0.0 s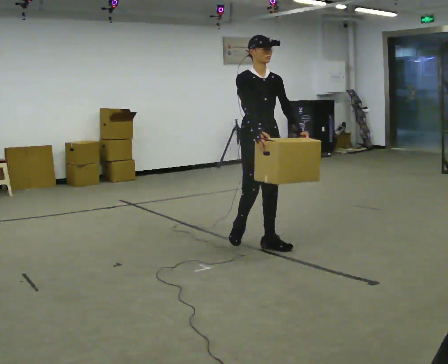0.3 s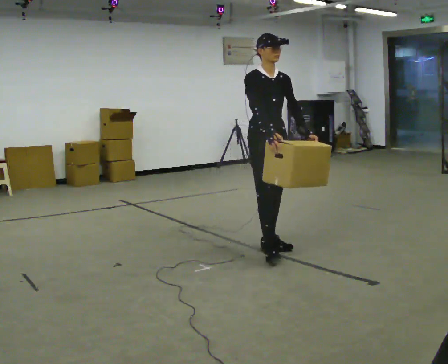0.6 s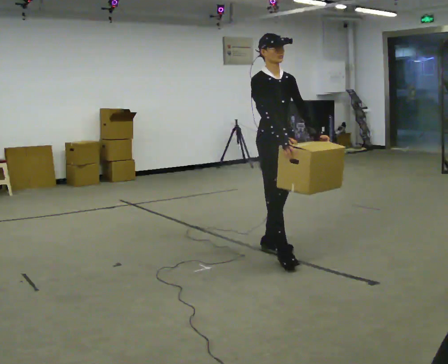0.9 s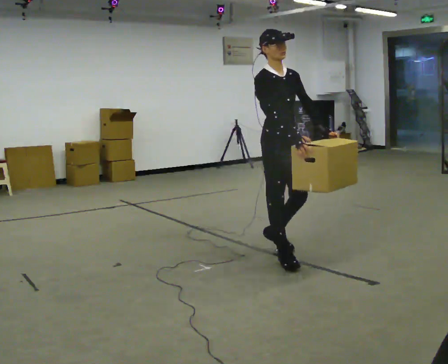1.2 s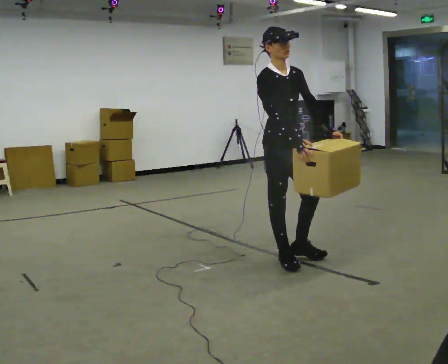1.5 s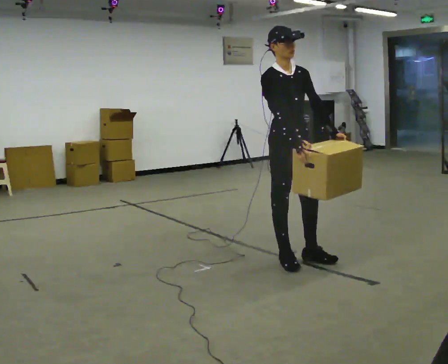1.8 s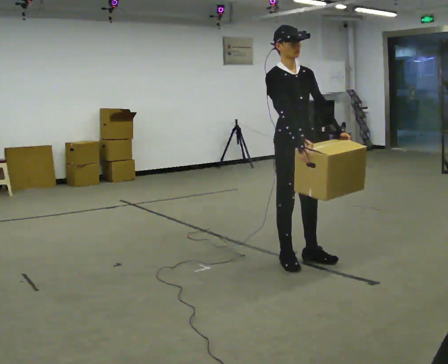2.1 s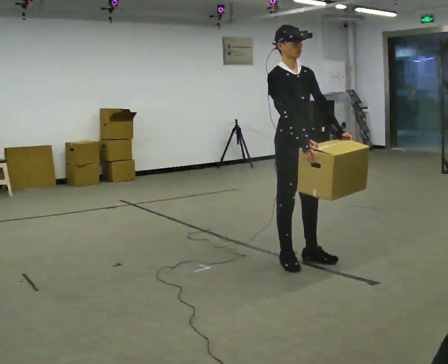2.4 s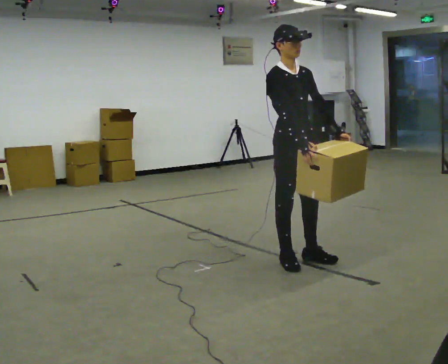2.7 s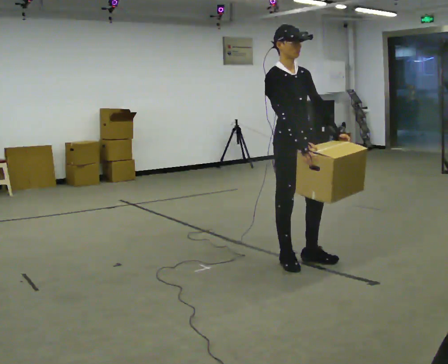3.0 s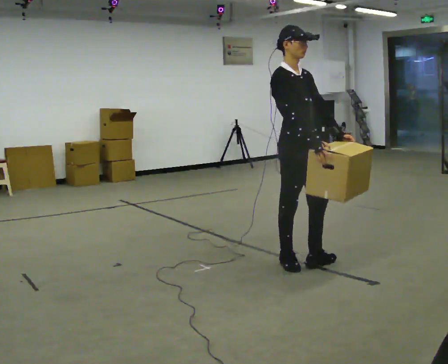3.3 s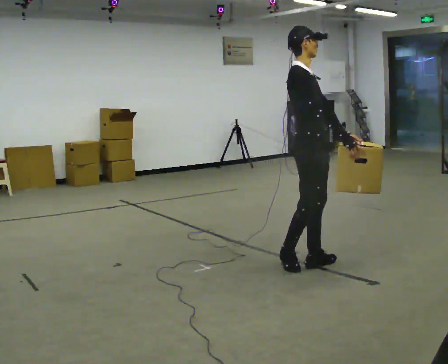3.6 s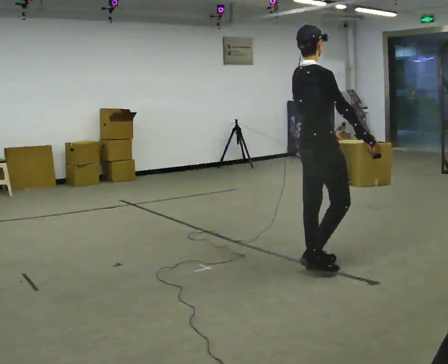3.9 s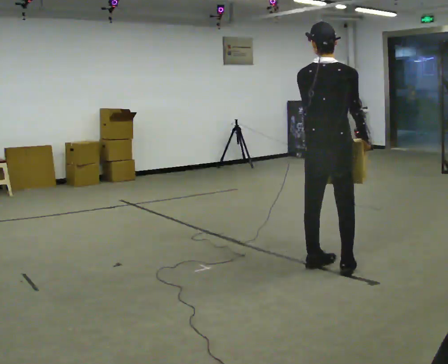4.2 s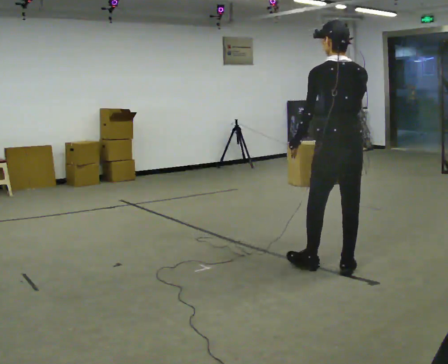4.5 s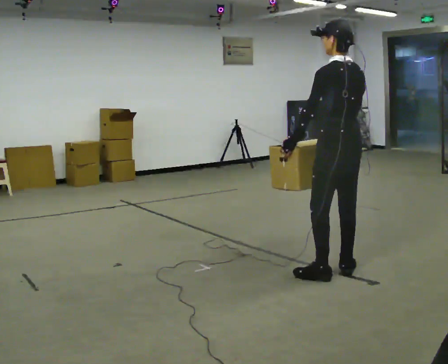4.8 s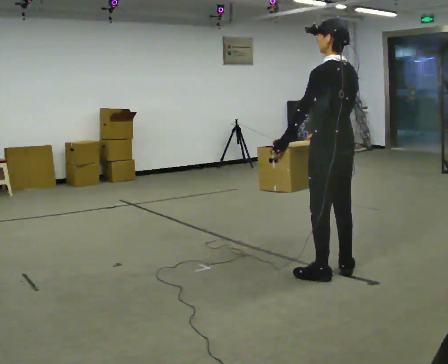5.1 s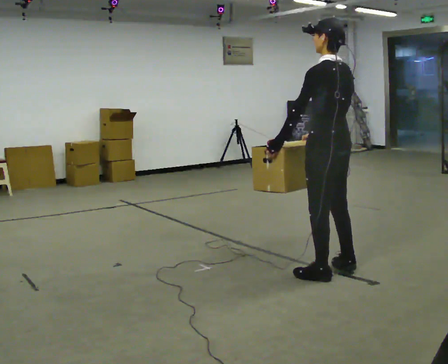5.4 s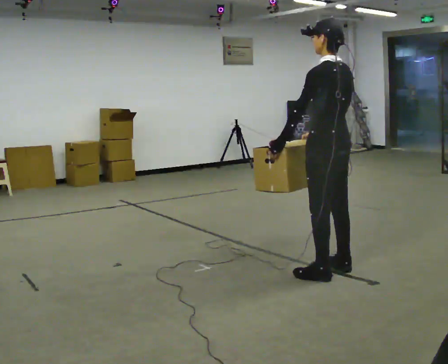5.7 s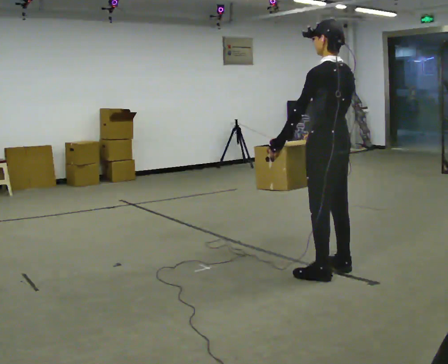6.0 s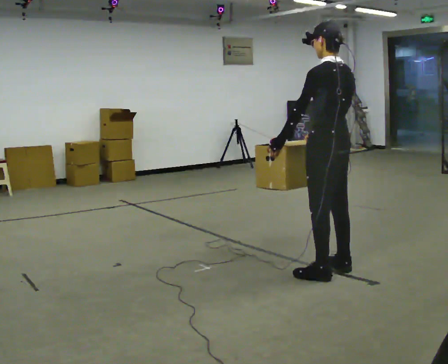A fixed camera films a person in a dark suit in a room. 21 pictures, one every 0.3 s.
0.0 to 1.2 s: In the picture they go toward the camera and to the right, about 0.5 m in 1 step, which for them is forward and to their right.
1.2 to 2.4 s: The person moves a little, or ends about where they began.
2.4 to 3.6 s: Seen from above the body turns counterclockwise, about 75 degrees: to their left, with its near side sliding to the right. In the picture they go to the right, about 0.25 m in 1 step. In the picture their right hand goes to the right.
3.6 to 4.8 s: Seen from above the body turns counterclockwise, about 105 degrees: to their left, with its near side sliding to the right. In the picture they go toward the camera, about 0.25 m in 2 steps. In the picture their right hand goes to the left, the arm swinging clockwise.
4.8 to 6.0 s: The person moves a little, or ends about where they began.
The film runs forward here.
